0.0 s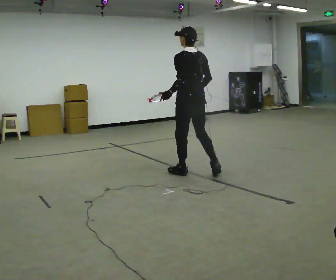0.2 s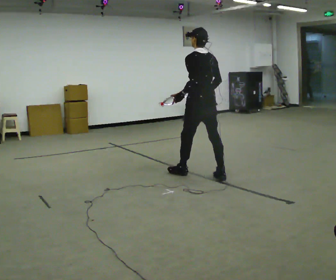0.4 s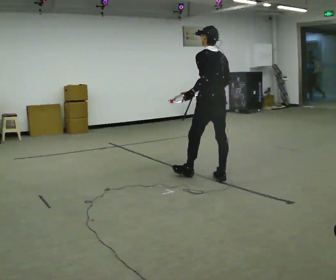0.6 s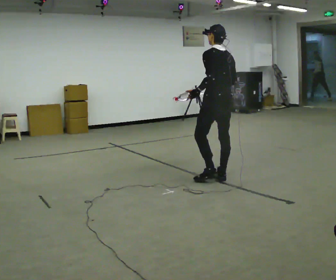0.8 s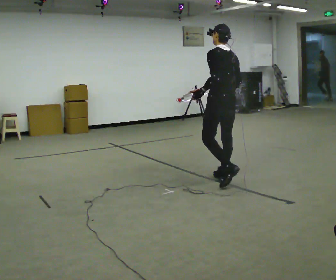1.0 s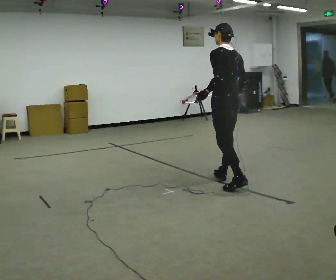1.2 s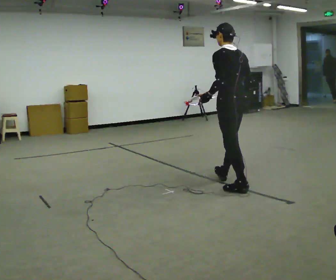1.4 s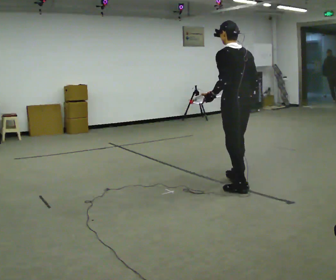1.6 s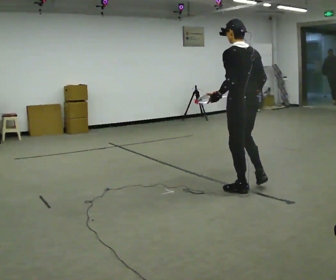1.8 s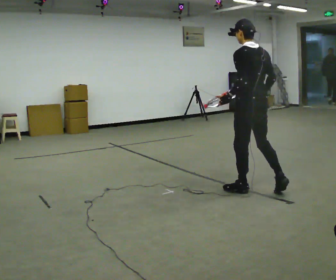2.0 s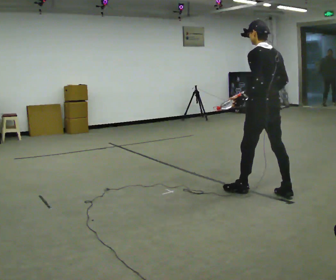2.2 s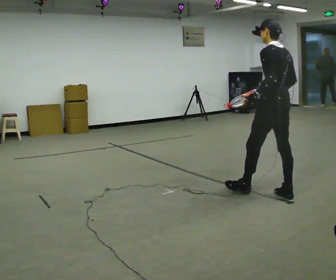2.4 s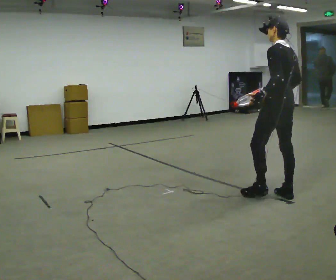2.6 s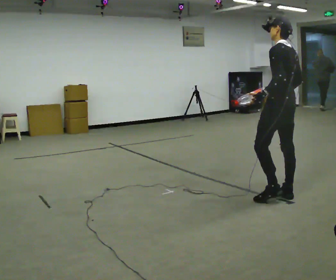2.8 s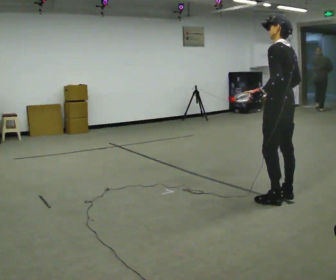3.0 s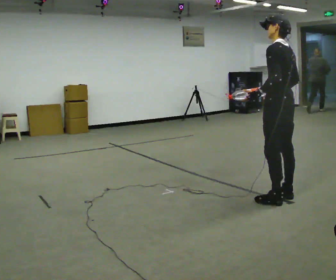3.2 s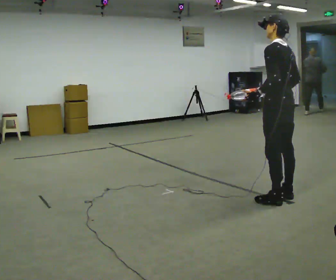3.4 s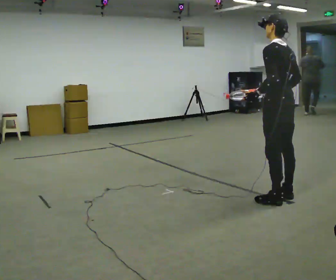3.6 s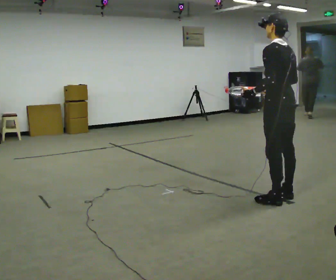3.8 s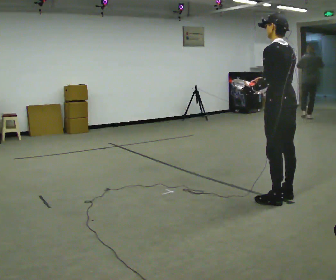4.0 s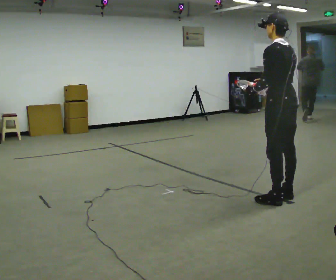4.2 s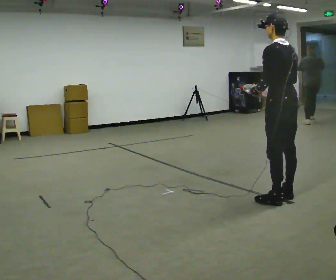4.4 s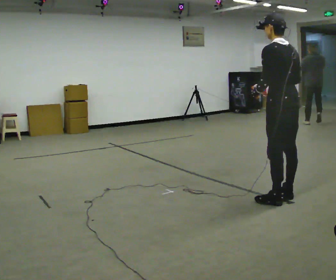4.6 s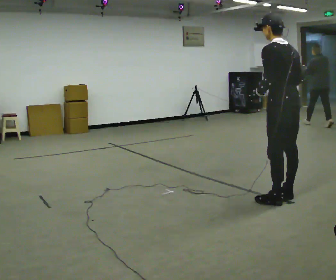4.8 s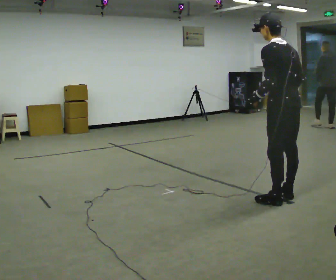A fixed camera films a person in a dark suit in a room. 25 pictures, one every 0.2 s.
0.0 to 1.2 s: In the picture they go to the right and toward the camera, about 0.75 m in 1 step, which for them is backward.
1.2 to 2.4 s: In the picture they go to the right and toward the camera, about 0.5 m in 2 steps, which for them is backward.
2.4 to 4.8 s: In the picture they go toward the camera, about 0.25 m, which for them is backward and to their left.
The film runs backward here.
